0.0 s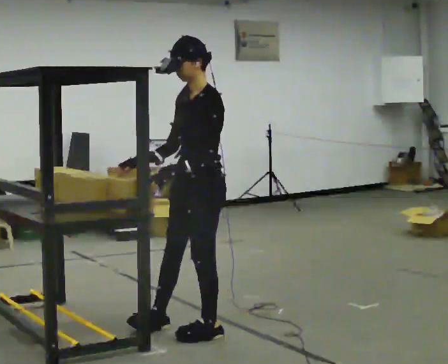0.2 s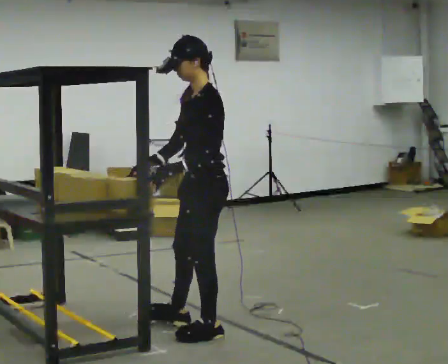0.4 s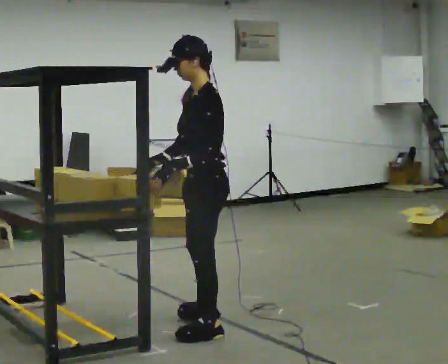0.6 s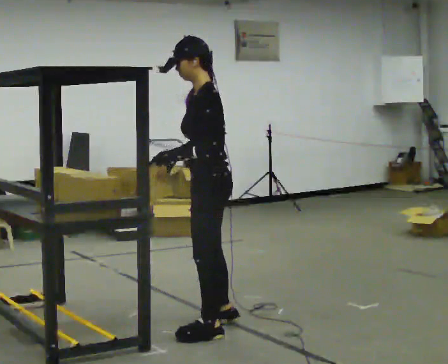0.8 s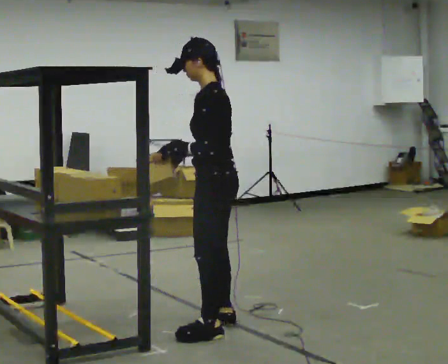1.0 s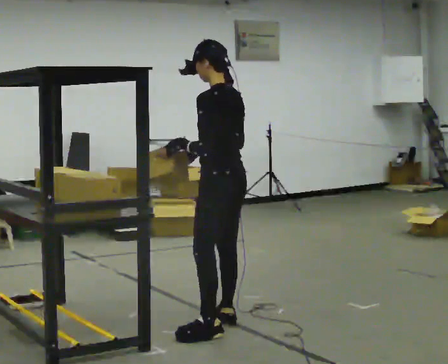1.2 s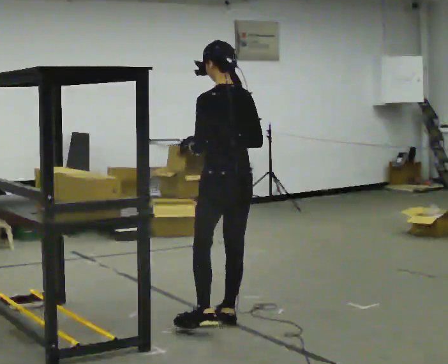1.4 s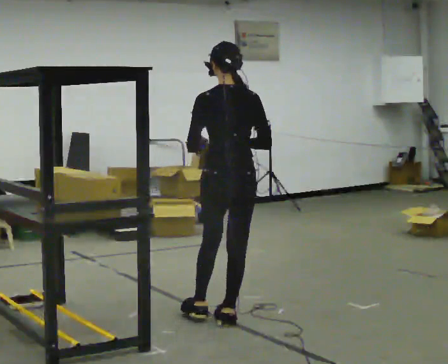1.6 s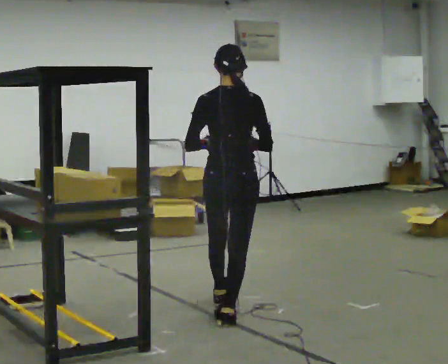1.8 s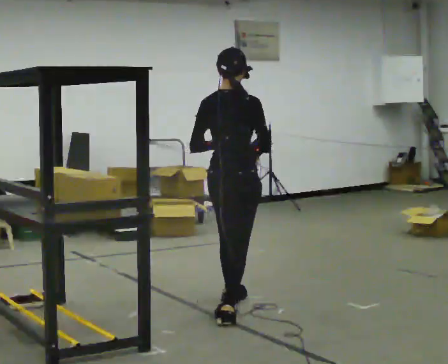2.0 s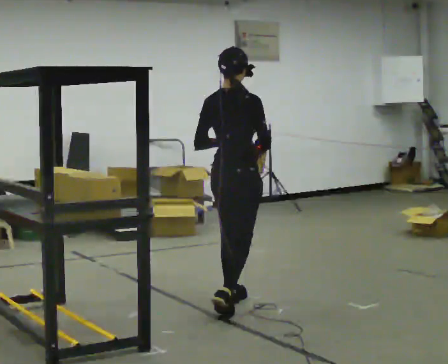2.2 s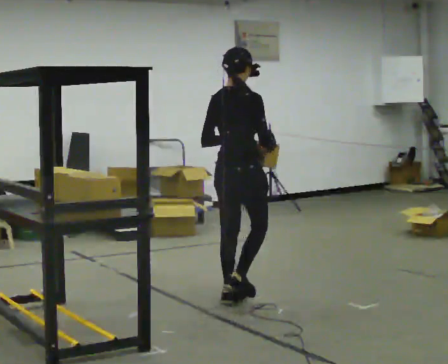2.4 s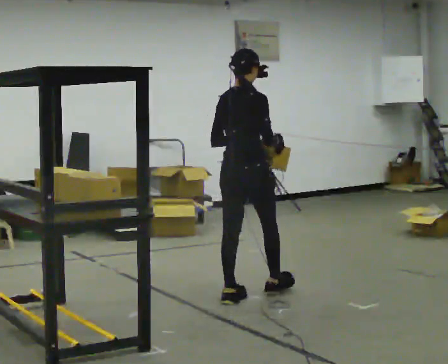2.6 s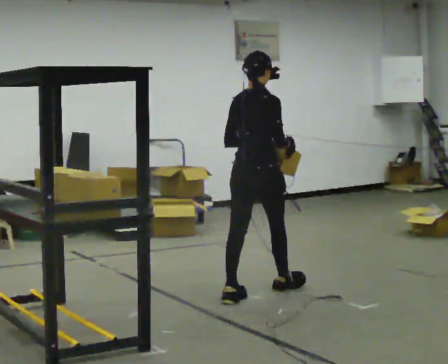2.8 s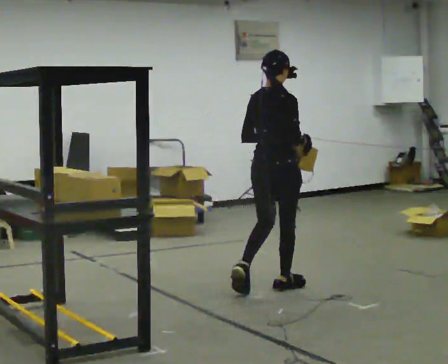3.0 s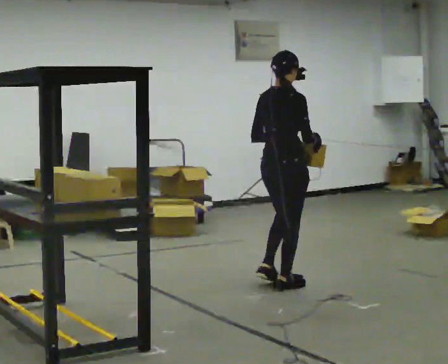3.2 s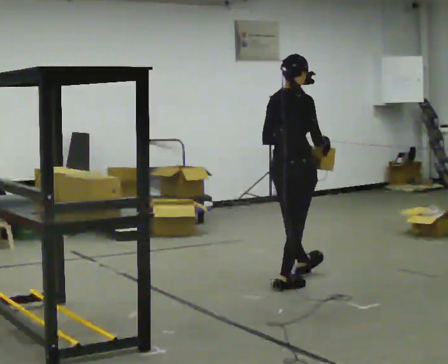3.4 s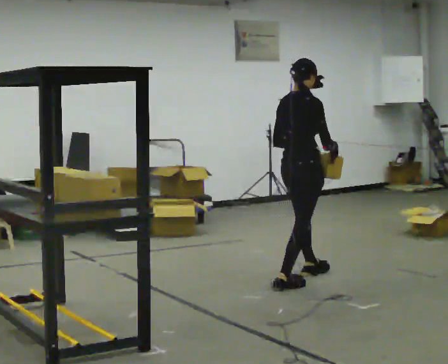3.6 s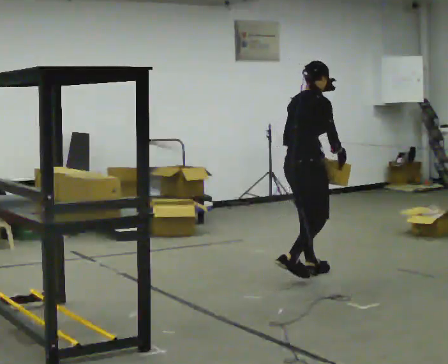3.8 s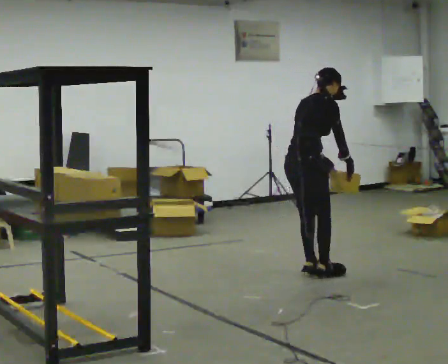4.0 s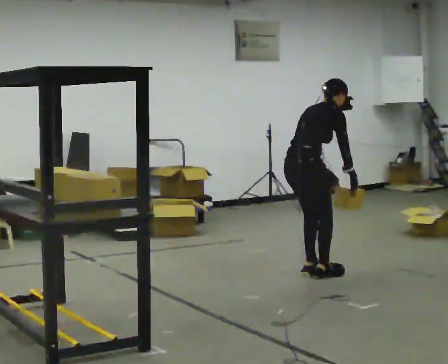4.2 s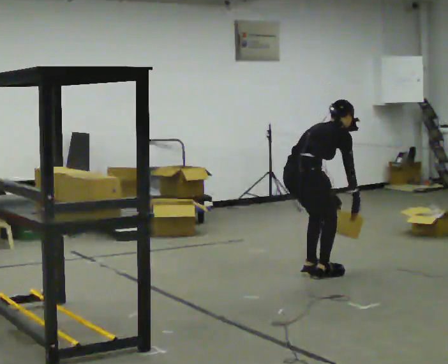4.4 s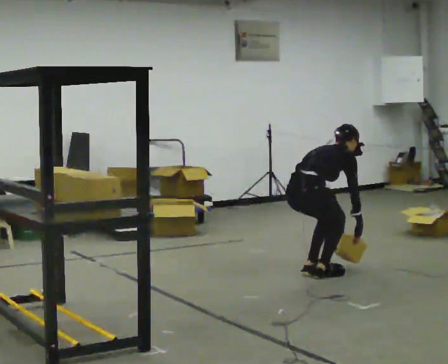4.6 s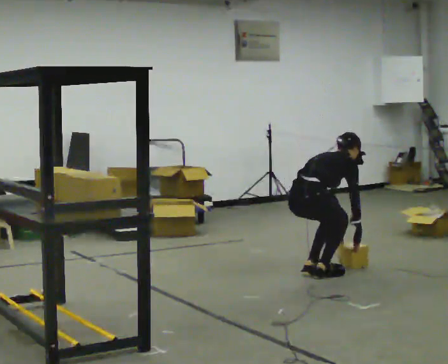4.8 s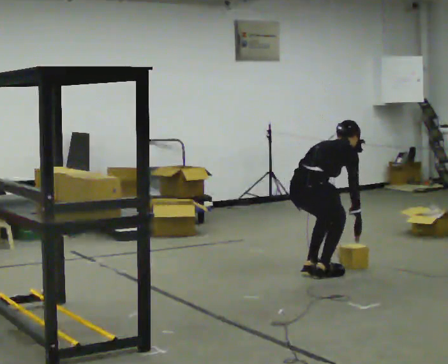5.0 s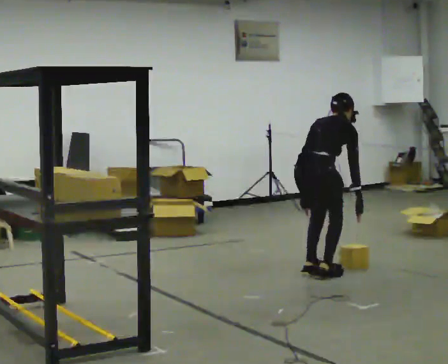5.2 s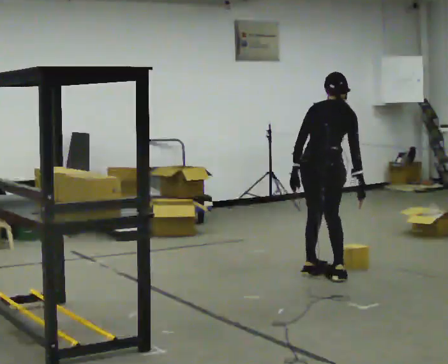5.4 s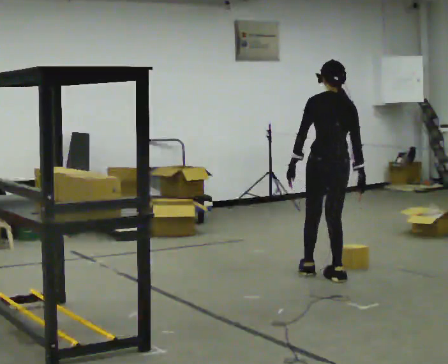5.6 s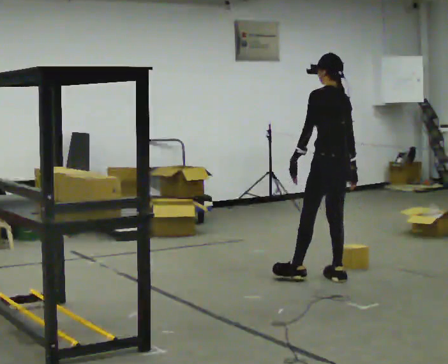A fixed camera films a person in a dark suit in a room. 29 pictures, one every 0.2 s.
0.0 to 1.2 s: The part of the body nearest the lens slides to the left as the person turns to their right by about 90 degrees. In the picture they go away from the camera, about 0.25 m in 1 step.
1.2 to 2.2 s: The part of the body nearest the lens slides to the left as the person turns to their right by about 75 degrees. In the picture they go away from the camera, about 0.5 m in 1 step.
2.2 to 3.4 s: In the picture they go away from the camera and to the right, about 0.5 m in 2 steps, which for them is forward.
3.4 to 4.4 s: The upper body goes downward. In the picture the upper body tilts clockwise, shoulders to the right, as they bend forward. In the picture their right hand goes downward.
4.4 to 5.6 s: Seen from above the body turns counterclockwise, about 90 degrees: to their left, with its near side sliding to the right. In the picture they go to the right, about 0.25 m. The shoulders move upward. In the picture the upper body tilts counterclockwise, shoulders to the left, as they lean back or straighten. In the picture their left hand goes upward and to the left.
The film runs forward here.
